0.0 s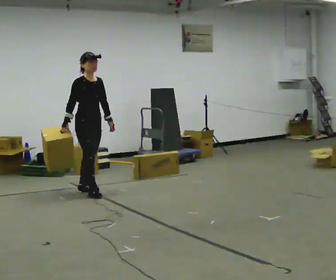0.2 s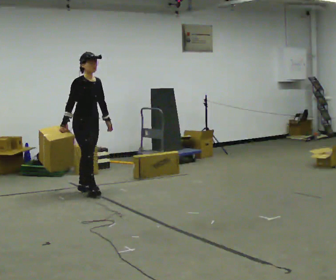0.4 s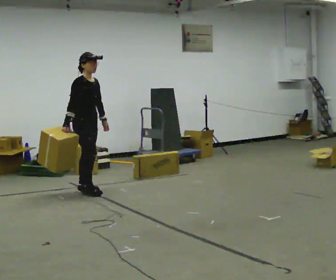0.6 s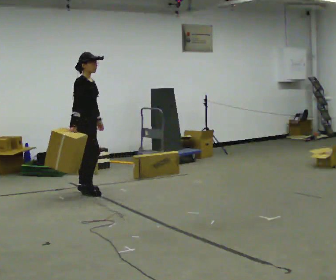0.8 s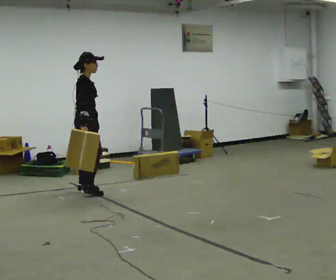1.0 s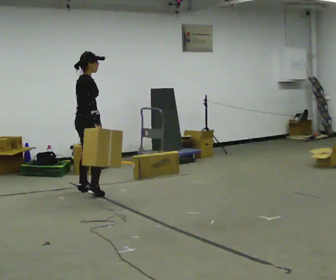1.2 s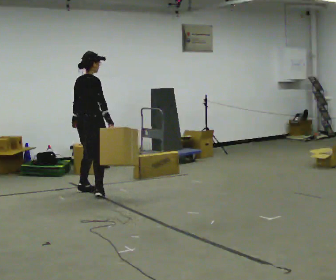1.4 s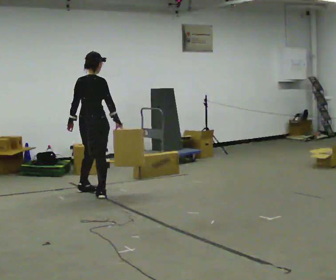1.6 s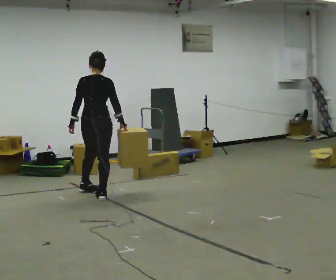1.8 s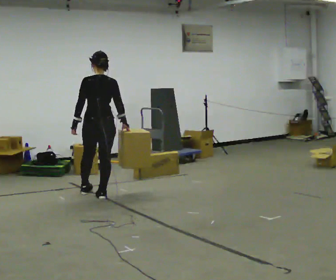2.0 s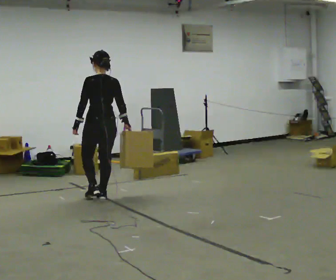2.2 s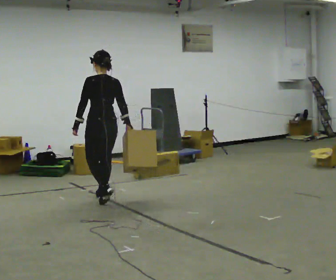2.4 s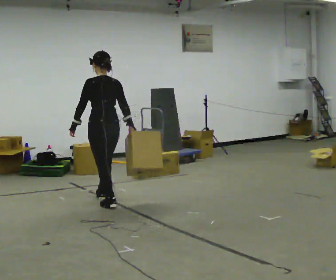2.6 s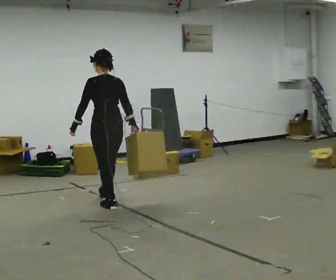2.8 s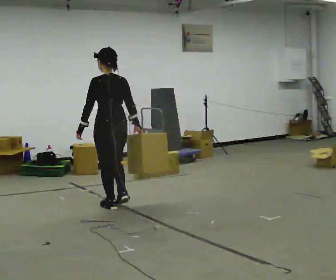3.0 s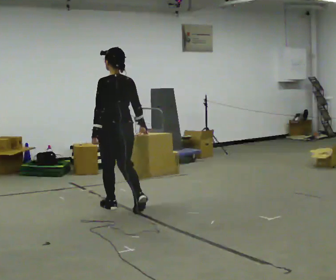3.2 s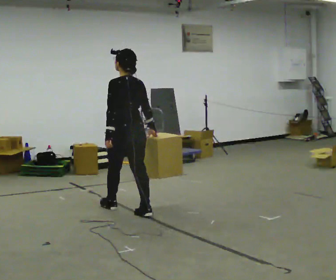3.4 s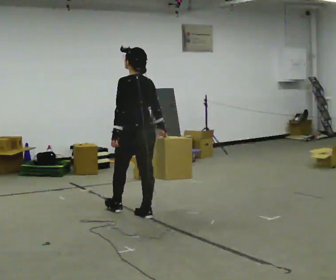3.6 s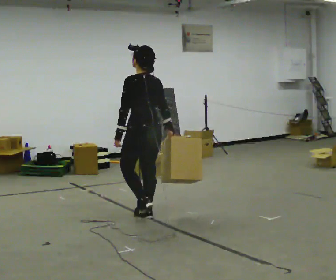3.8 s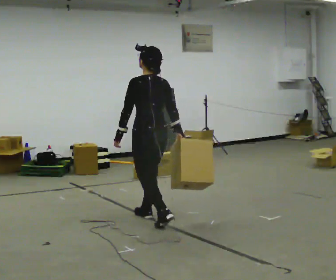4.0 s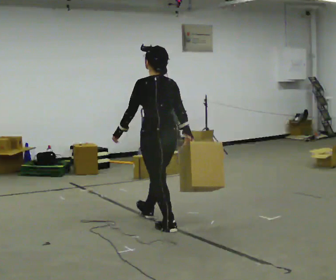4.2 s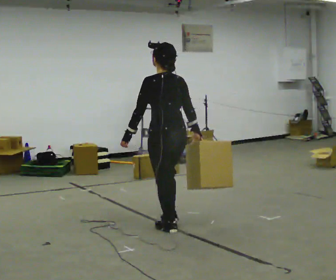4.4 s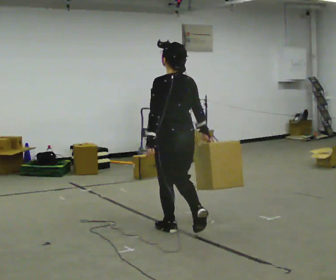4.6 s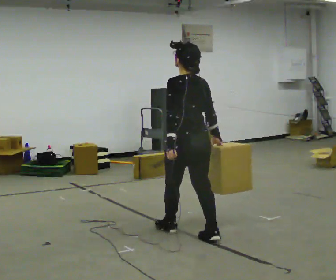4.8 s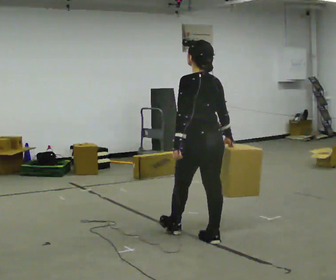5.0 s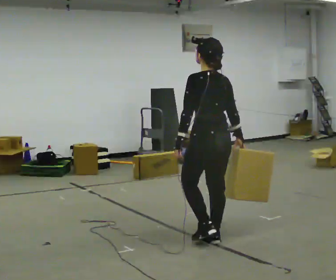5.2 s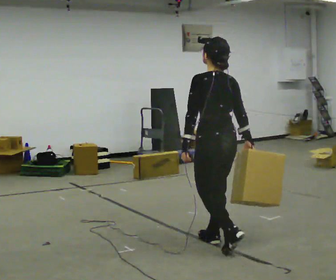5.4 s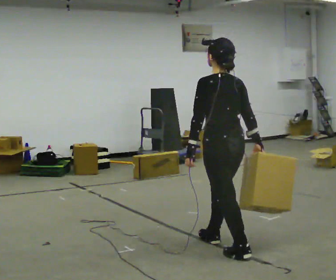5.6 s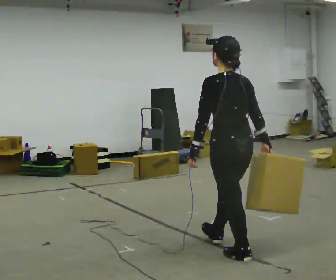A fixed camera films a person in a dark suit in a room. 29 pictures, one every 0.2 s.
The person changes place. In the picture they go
toward the camera.
The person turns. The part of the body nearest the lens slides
to the right.
0.0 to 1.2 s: The part of the body nearest the lens slides to the right as the person turns to their left by about 75 degrees. In the picture their right hand goes to the right, the arm swinging counterclockwise.
1.2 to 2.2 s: The person turns about 75 degrees to their left, counterclockwise seen from above, so the part of the body nearest the lens slides to the right. In the picture they go toward the camera and to the right, about 0.5 m in 1 step.
2.2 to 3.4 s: In the picture they go toward the camera and to the right, about 1 m in 2 steps, which for them is backward.
3.4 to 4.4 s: In the picture they go toward the camera and to the right, about 0.75 m in 1 step, which for them is backward.
4.4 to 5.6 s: In the picture they go toward the camera and to the right, about 0.5 m in 2 steps, which for them is backward.
The film runs backward here.
